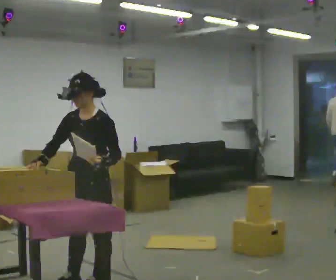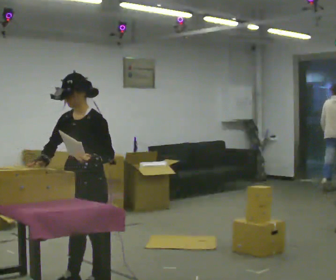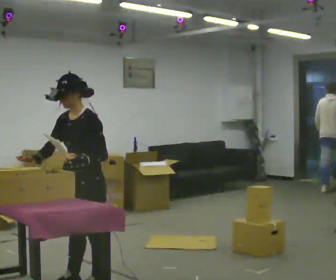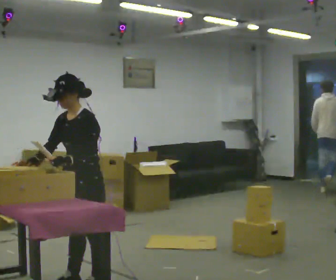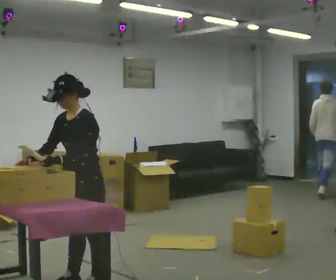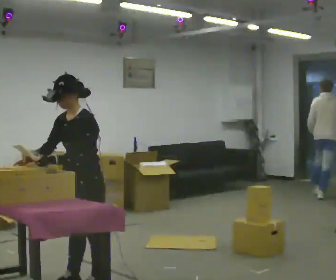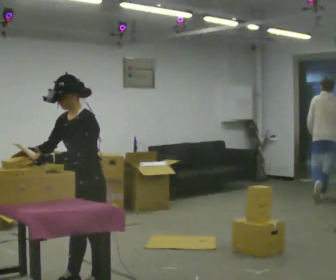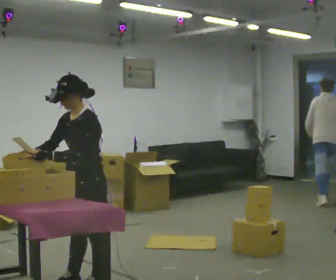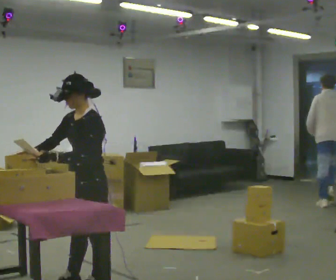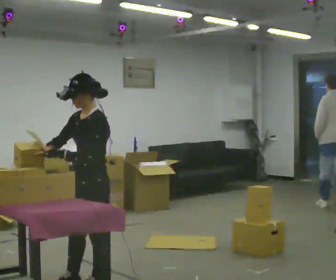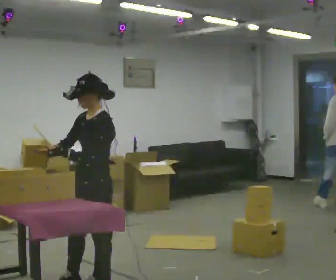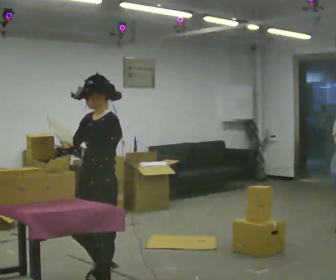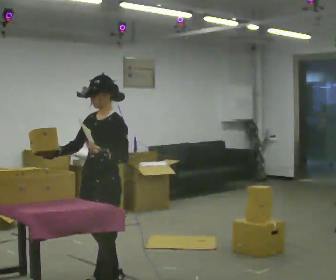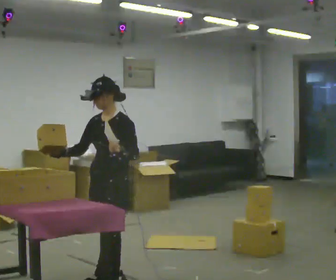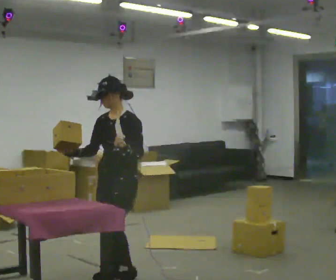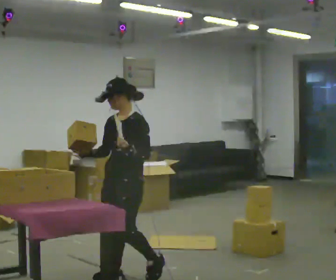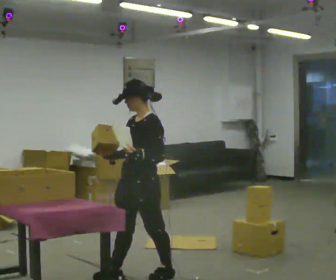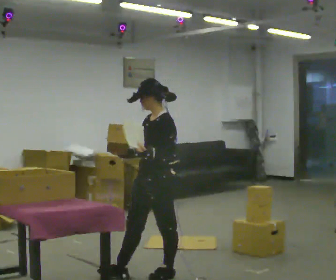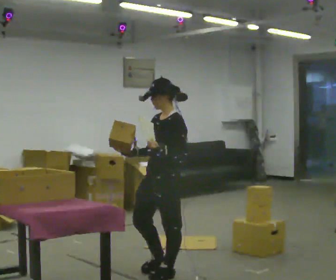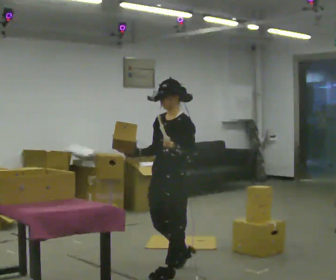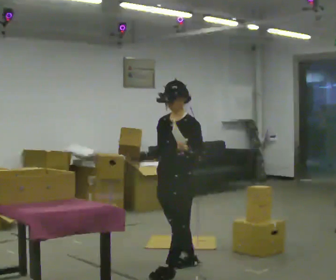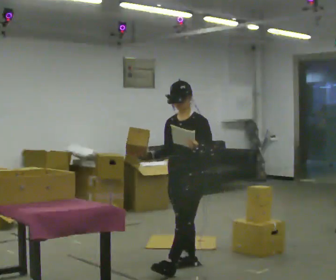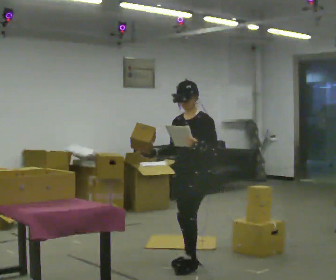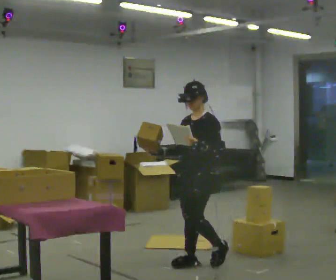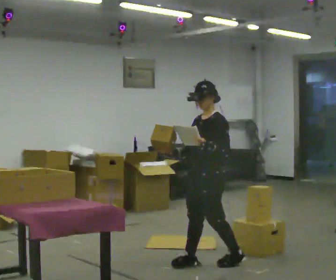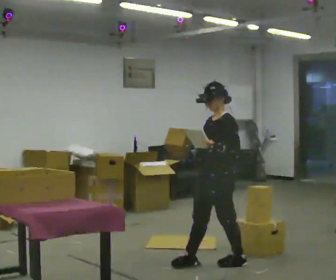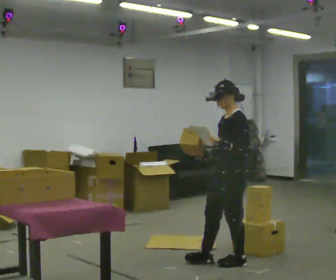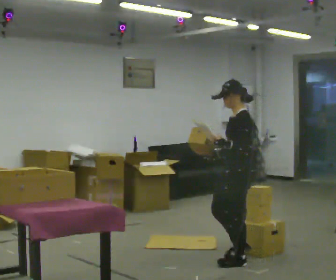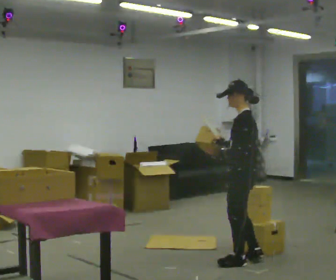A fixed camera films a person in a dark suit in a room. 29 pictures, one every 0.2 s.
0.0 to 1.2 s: In the picture their left hand goes to the left.
1.2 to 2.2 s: The person moves a little, or ends about where they began.
2.2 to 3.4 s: In the picture they go to the right and away from the camera, about 0.5 m in 2 steps, which for them is backward.
3.4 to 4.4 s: In the picture they go to the right and away from the camera, about 0.5 m in 1 step, which for them is backward.
4.4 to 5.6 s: The person turns about 60 degrees to their right, clockwise seen from above, so the part of the body nearest the lens slides to the left. In the picture they go to the right, about 0.5 m in 1 step, which for them is backward.
The film runs backward here.
